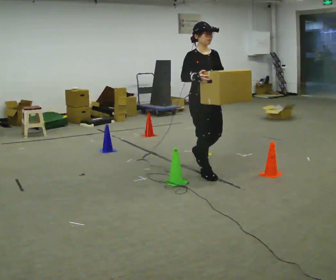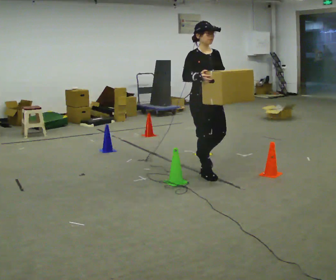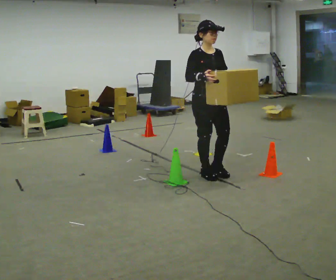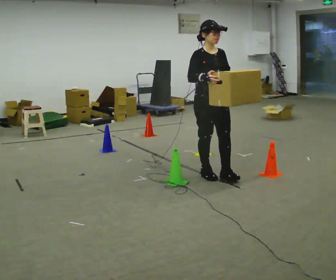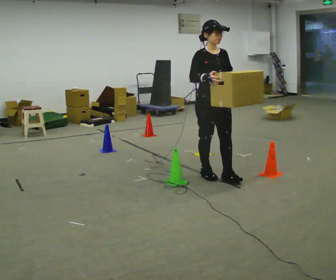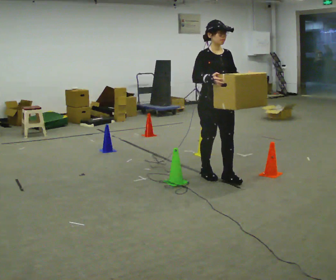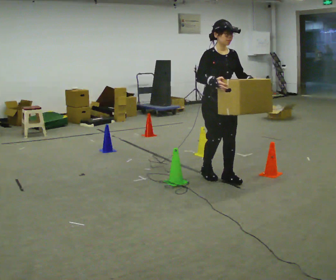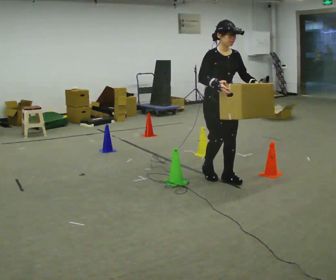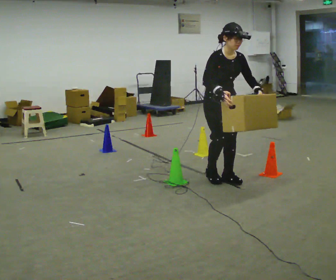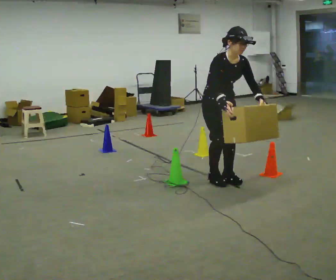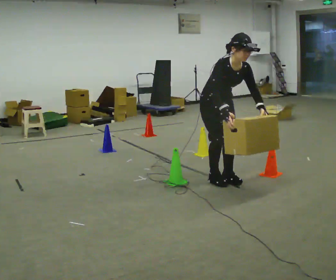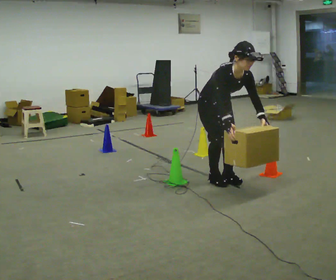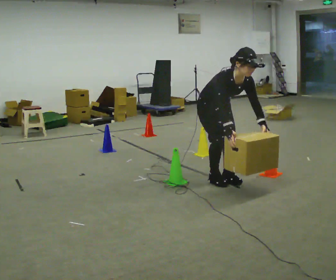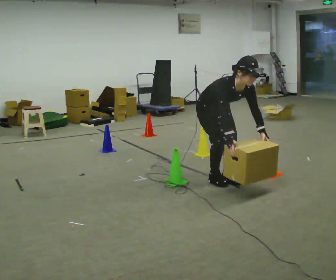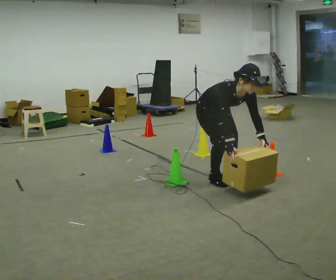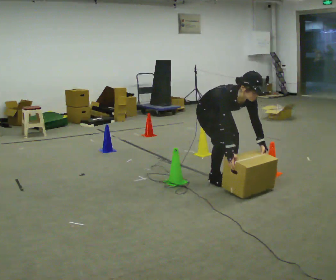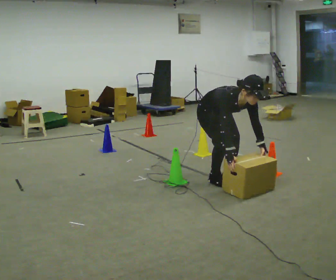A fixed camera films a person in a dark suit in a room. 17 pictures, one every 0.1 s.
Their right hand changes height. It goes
downward.
The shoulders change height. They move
downward.
0.0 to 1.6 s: In the picture they go toward the camera, about 0.25 m in 2 steps, which for them is forward. The upper body goes downward. The upper body tips toward the camera, its near side rolling downward, as they bend forward. In the picture their right hand goes downward and to the right.
The film runs forward here.
